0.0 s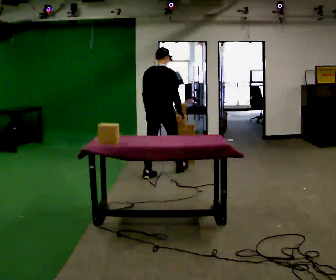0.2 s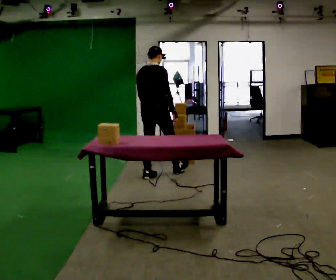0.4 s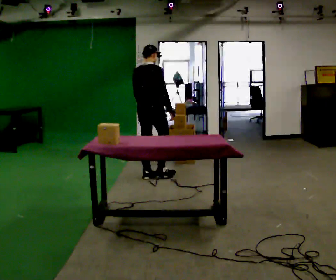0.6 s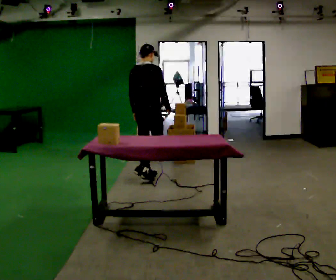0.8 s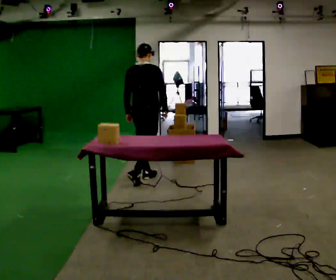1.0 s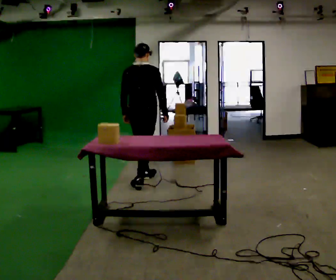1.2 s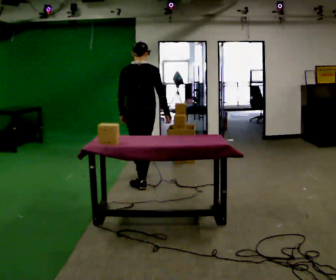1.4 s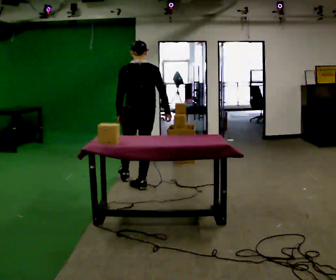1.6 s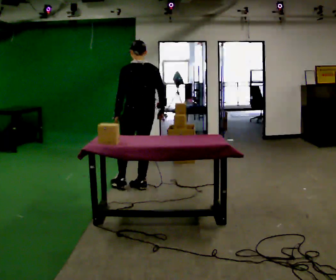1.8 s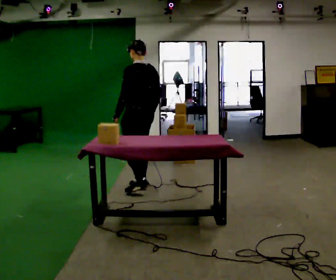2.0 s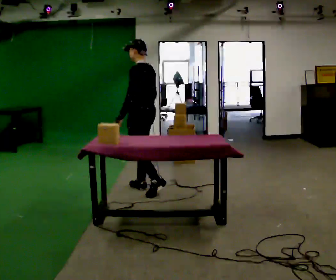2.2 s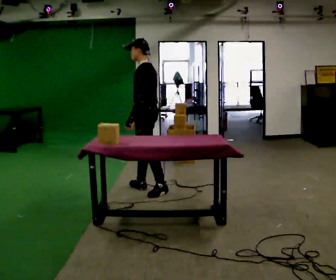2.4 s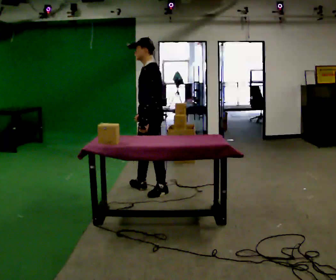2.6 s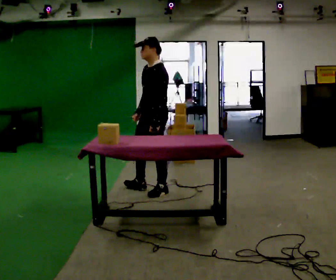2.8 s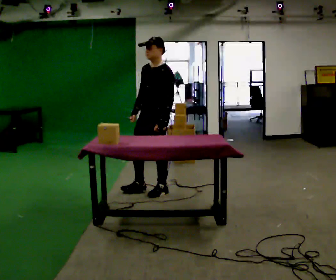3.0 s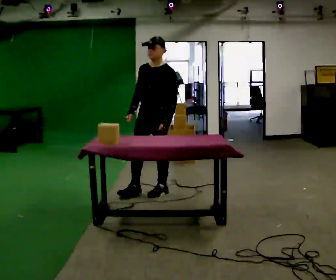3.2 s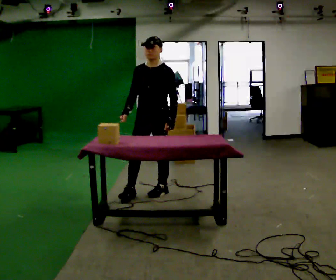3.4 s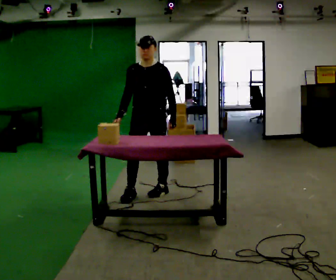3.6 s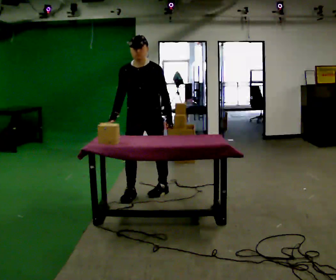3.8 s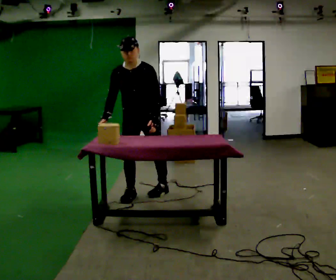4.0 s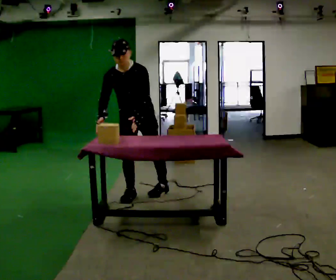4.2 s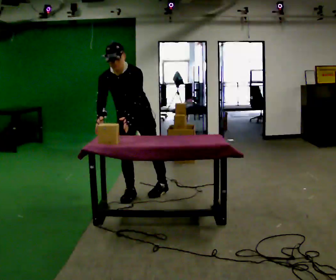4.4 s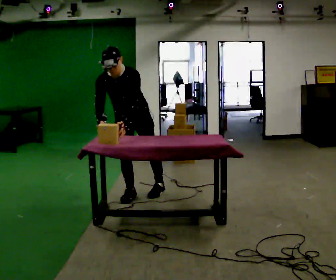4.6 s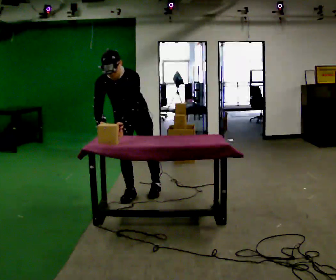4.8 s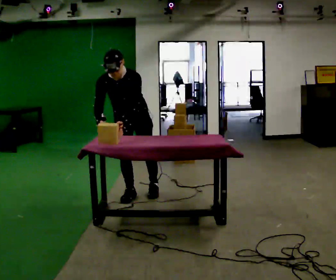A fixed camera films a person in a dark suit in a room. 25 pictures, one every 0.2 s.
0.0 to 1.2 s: In the picture they go toward the camera and to the left, about 0.5 m in 2 steps, which for them is backward.
1.2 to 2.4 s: The part of the body nearest the lens slides to the right as the person turns to their left by about 105 degrees. In the picture they go toward the camera and to the right, about 0.25 m.
2.4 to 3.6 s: The person turns about 75 degrees to their left, counterclockwise seen from above, so the part of the body nearest the lens slides to the right. In the picture they go toward the camera, about 0.25 m in 1 step. In the picture their left hand goes to the right.
3.6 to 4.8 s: In the picture they go to the left, about 0.25 m, which for them is to their right. The upper body tips toward the camera, its near side rolling downward, as they bend forward.
The film runs backward here.
